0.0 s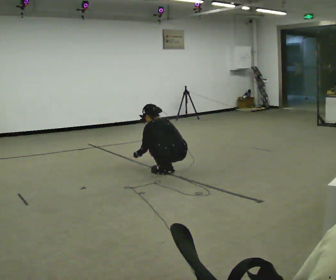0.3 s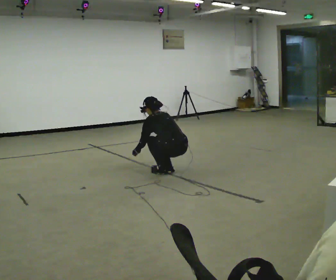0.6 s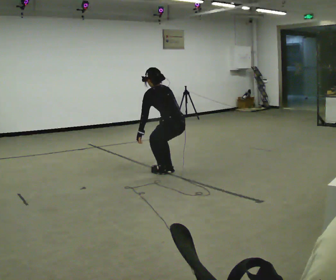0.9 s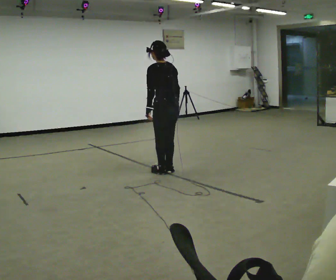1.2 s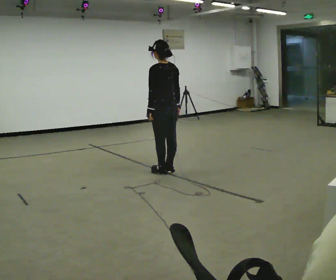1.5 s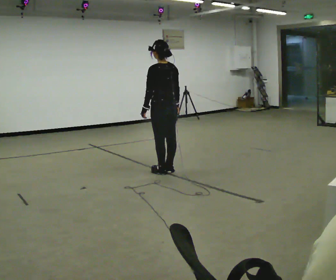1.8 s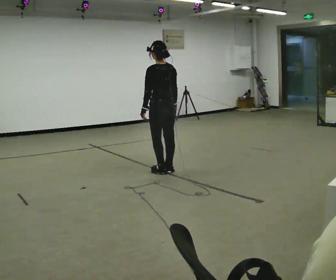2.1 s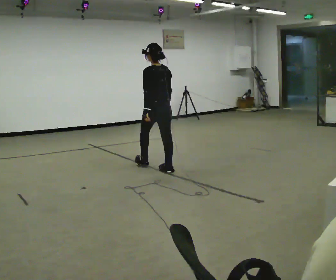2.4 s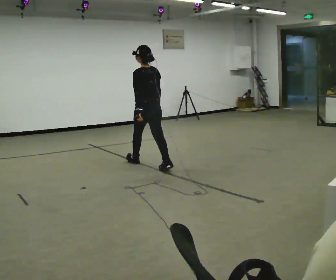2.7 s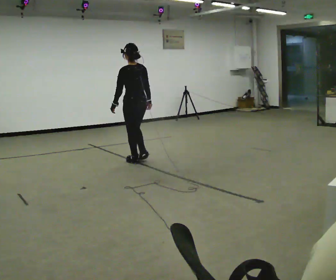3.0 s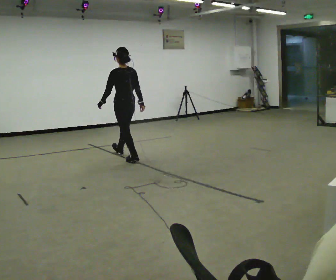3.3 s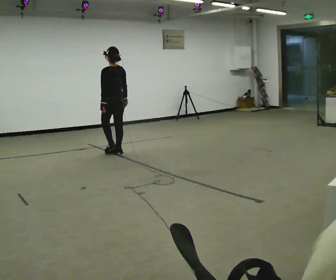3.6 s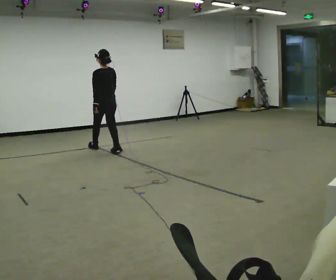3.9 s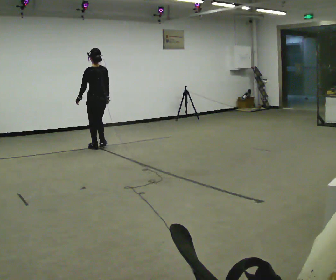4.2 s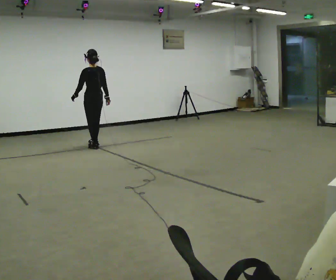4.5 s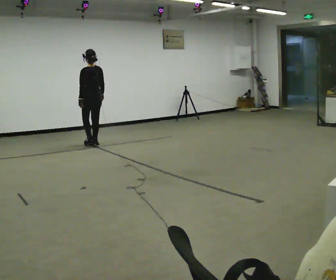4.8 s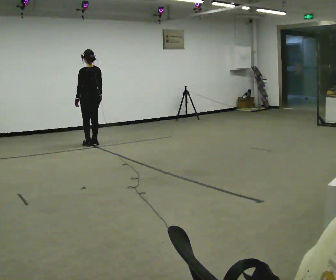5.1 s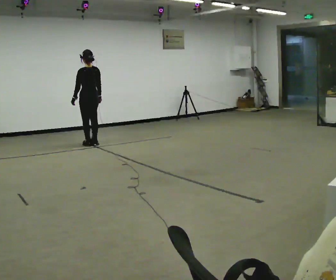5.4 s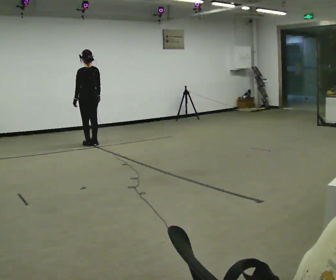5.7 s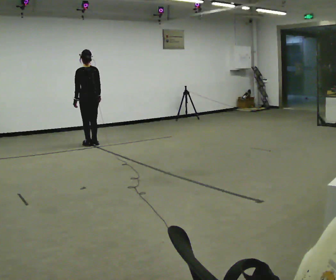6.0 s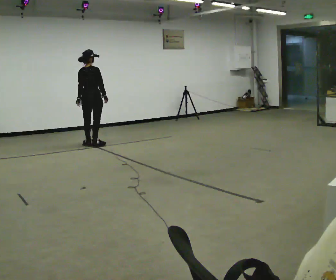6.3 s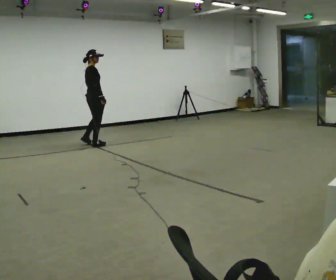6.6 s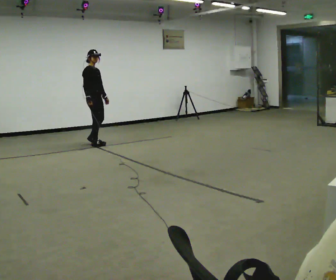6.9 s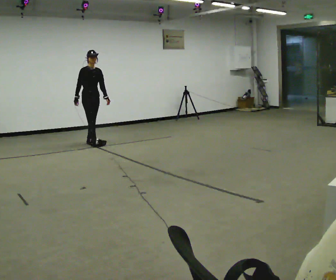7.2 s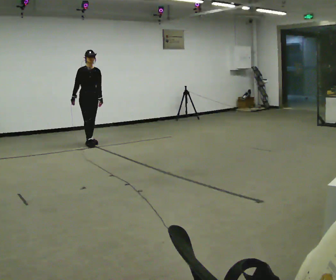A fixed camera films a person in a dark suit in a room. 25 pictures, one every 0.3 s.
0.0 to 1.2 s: In the picture they go away from the camera, about 0.25 m, which for them is forward. The upper body goes upward. The upper body tips toward the camera, its near side rolling downward, as they lean back or straighten. In the picture their left hand goes upward.
1.2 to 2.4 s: In the picture they go away from the camera and to the left, about 0.5 m in 1 step, which for them is forward.
2.4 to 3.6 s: In the picture they go away from the camera and to the left, about 1 m in 2 steps, which for them is forward.
3.6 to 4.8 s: In the picture they go away from the camera and to the left, about 0.5 m in 2 steps, which for them is forward.
4.8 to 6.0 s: Seen from above the body turns clockwise, about 60 degrees: to their right, with its near side sliding to the left.
6.0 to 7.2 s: The person turns about 135 degrees to their right, clockwise seen from above, so the part of the body nearest the lens slides to the left. In the picture their right hand goes to the left, the arm swinging clockwise.
The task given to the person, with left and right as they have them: Walk; crouch comfortably at marker; remain briefly; stand and continue.
The film runs forward here.
